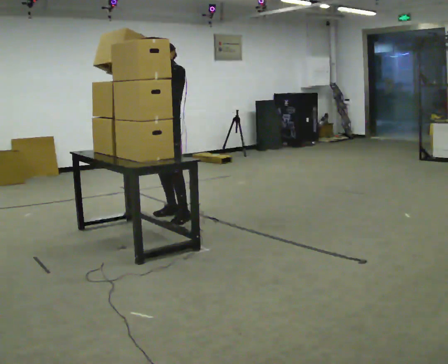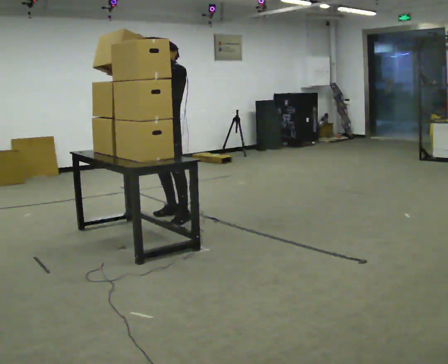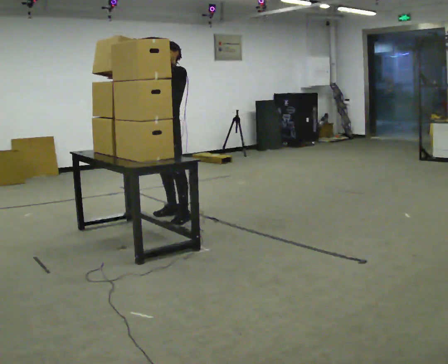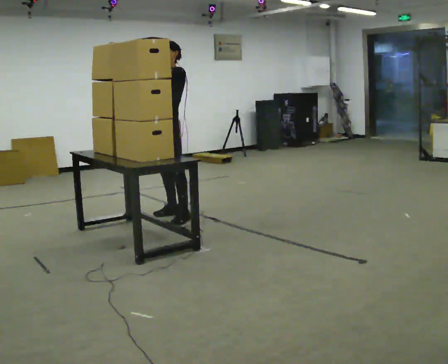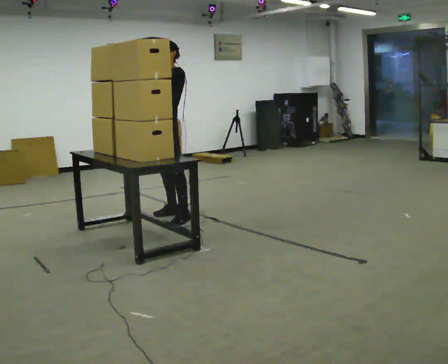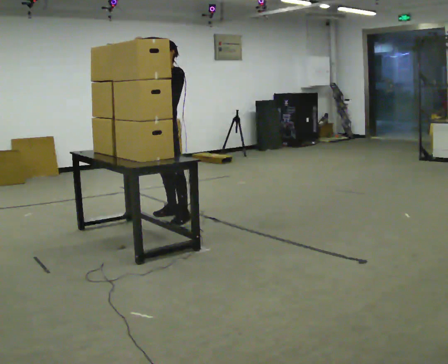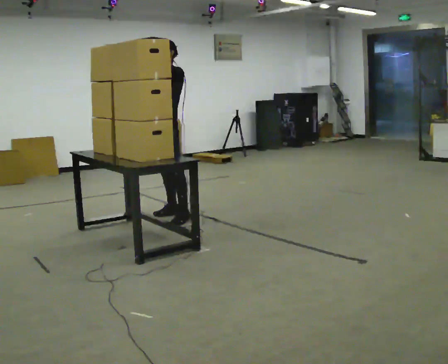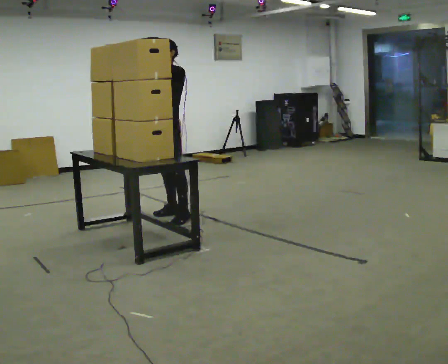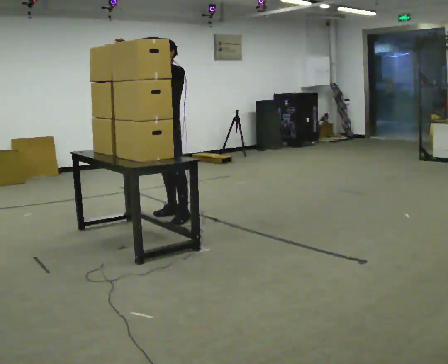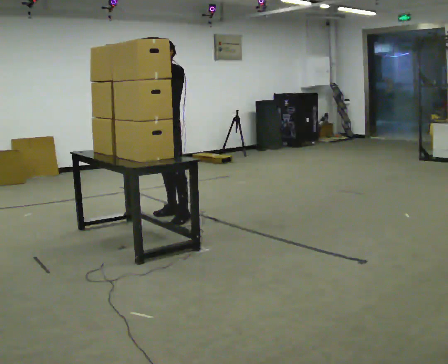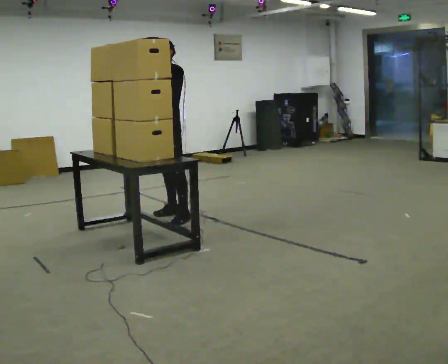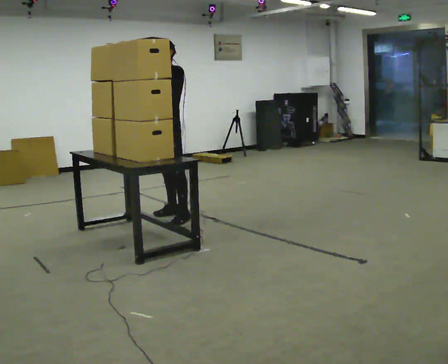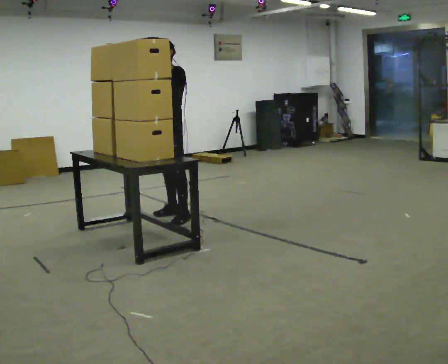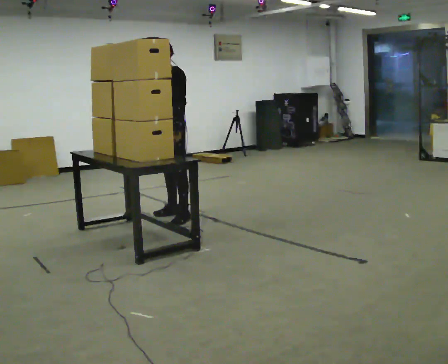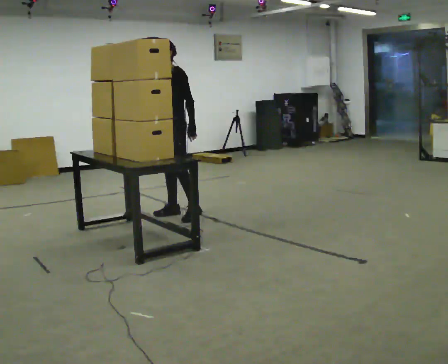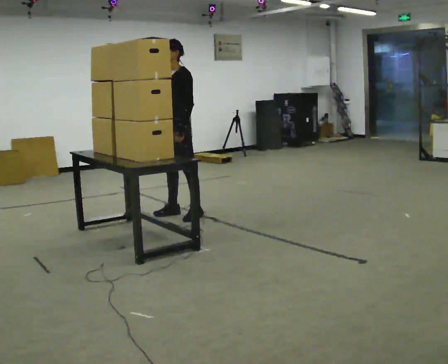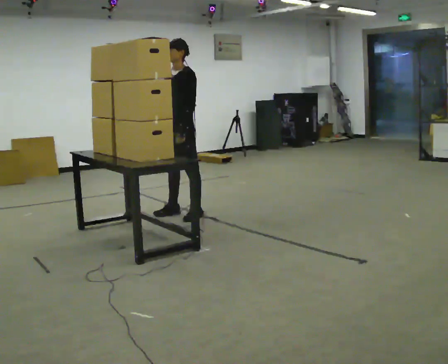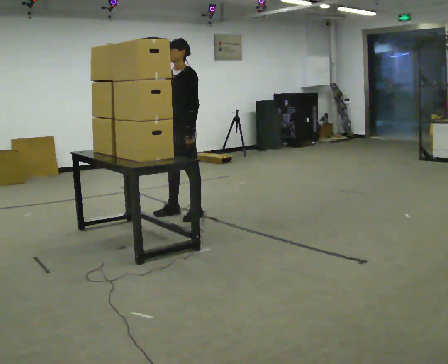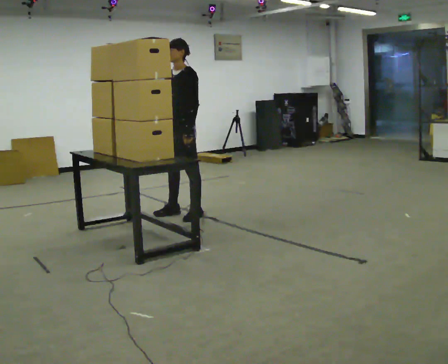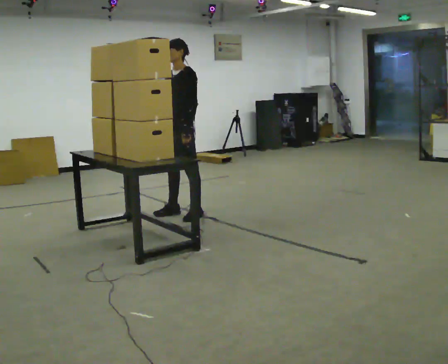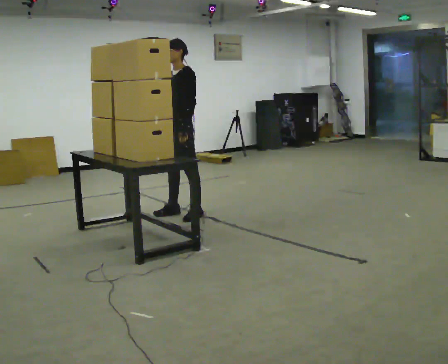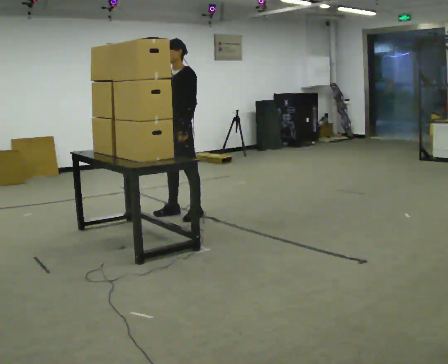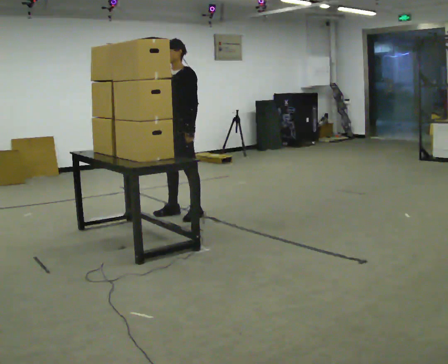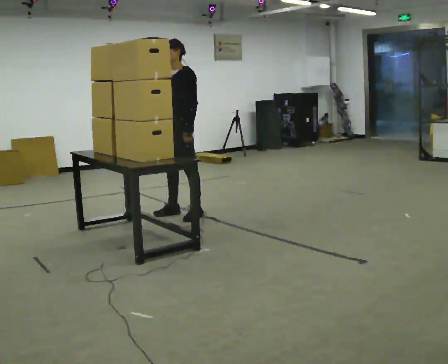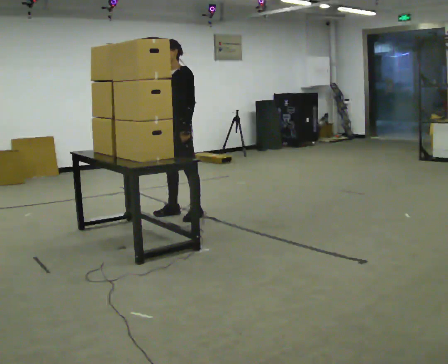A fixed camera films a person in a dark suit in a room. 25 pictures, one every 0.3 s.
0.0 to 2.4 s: The person moves a little, or ends about where they began.
2.4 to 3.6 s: In the picture their left hand goes downward.
3.6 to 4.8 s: In the picture their right hand goes downward, the arm swinging counterclockwise.
4.8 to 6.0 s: In the picture their right hand goes upward, the arm swinging clockwise.
6.0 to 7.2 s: The person moves a little, or ends about where they began.
The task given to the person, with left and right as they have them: Bring the boxes over one at a time and stack them on top of each other, walking back for each one. Keep going until the operator says stop; one object at a time, and do not rush between trips.
The film runs forward here.
